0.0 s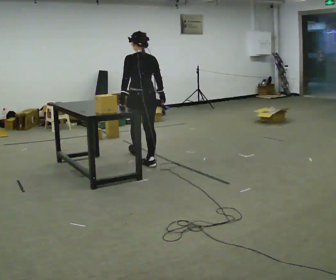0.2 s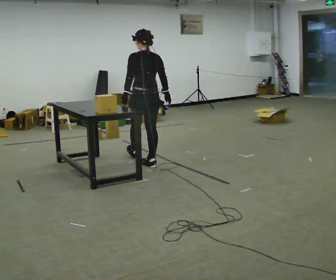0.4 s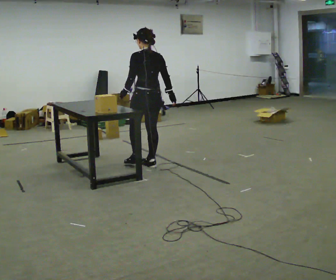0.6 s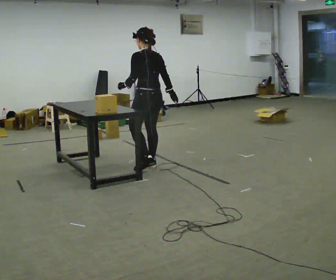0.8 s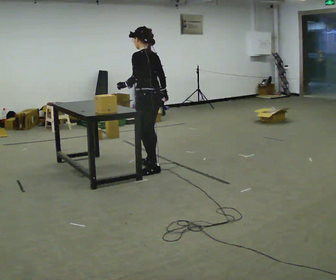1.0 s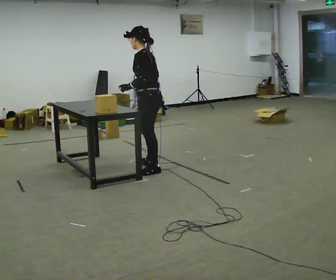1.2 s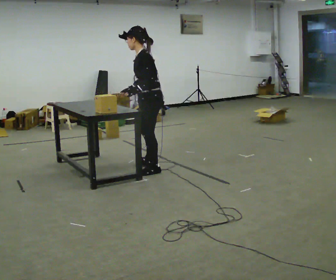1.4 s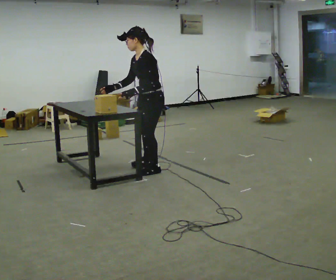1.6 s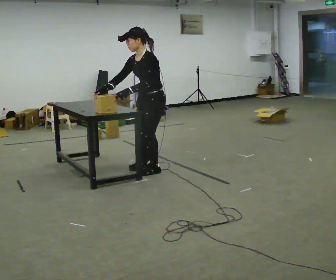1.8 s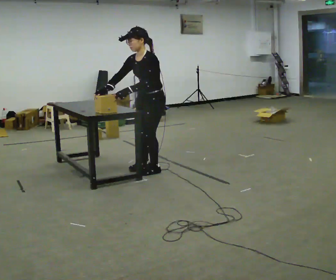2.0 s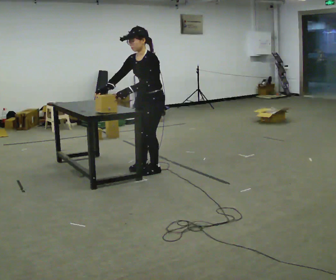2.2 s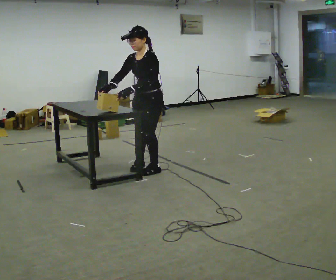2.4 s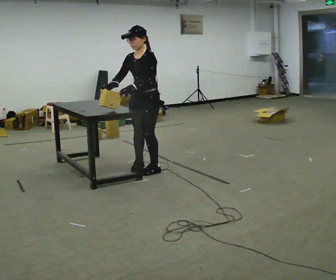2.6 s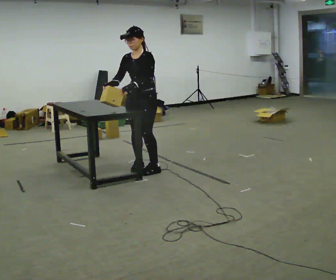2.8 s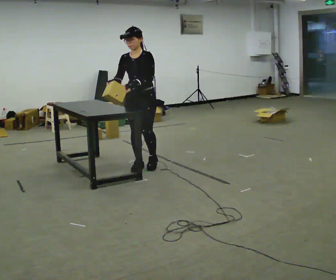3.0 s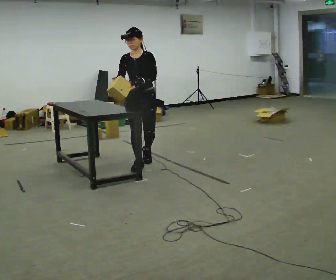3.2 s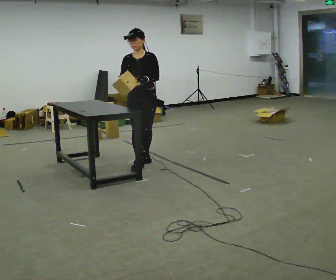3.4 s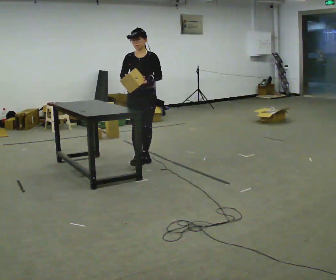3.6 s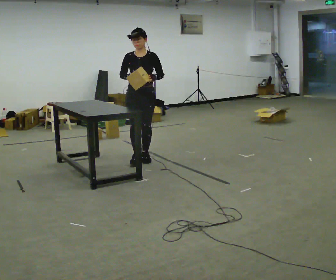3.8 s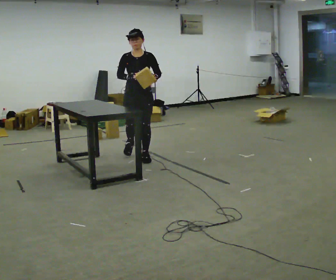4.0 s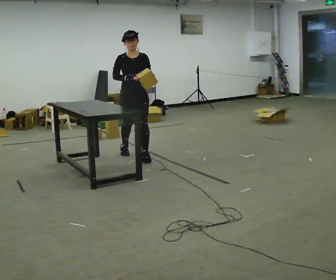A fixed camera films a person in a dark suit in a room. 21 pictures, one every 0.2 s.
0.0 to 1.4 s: The person turns about 105 degrees to their left, counterclockwise seen from above, so the part of the body nearest the lens slides to the right. In the picture they go toward the camera, about 0.5 m in 1 step.
1.4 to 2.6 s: Seen from above the body turns counterclockwise, about 45 degrees: to their left, with its near side sliding to the right. In the picture they go away from the camera, about 0.25 m in 1 step, which for them is to their right.
2.6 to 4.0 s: Seen from above the body turns counterclockwise, about 45 degrees: to their left, with its near side sliding to the right. In the picture they go away from the camera, about 0.5 m in 1 step, which for them is backward.
The film runs backward here.
